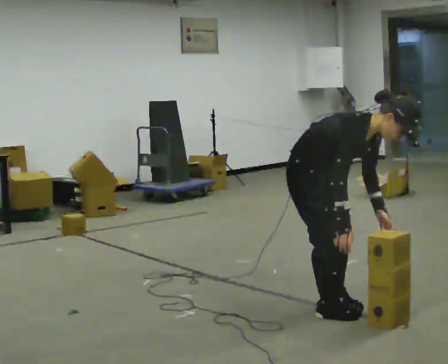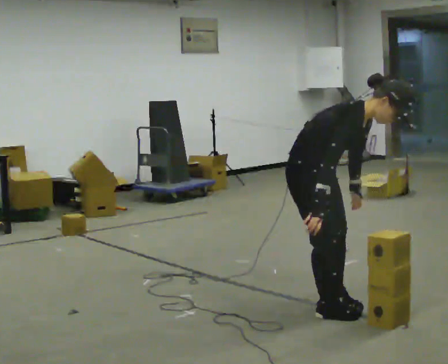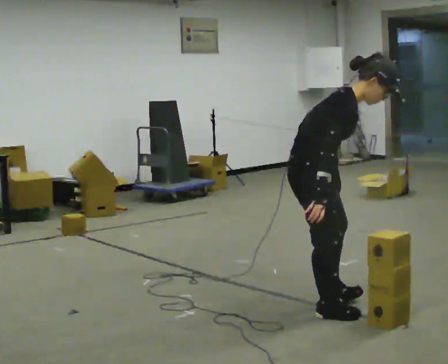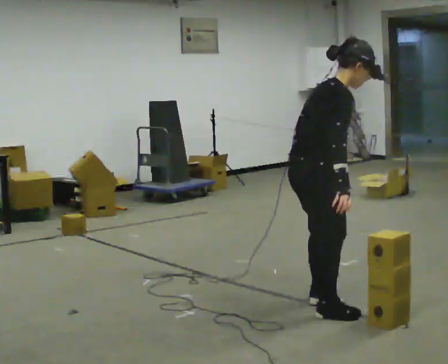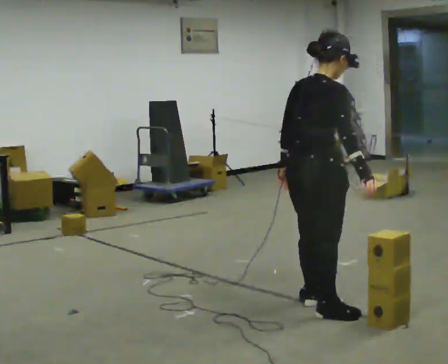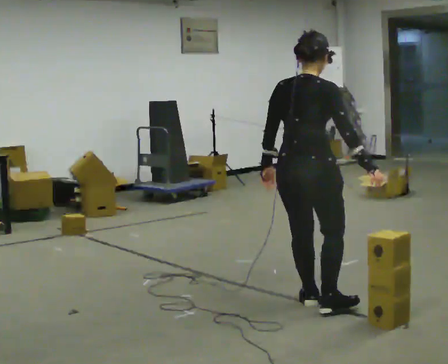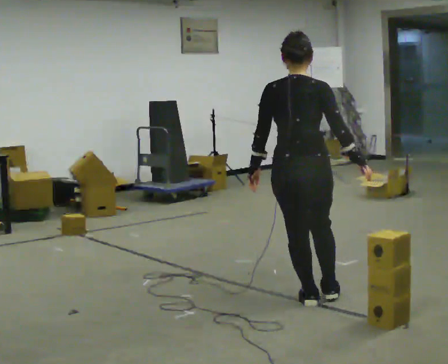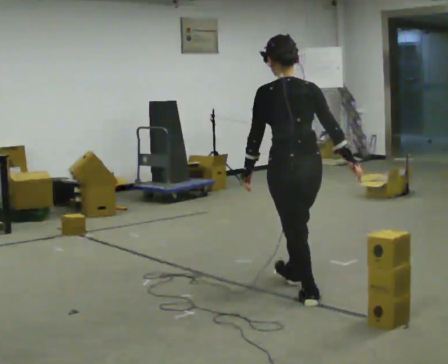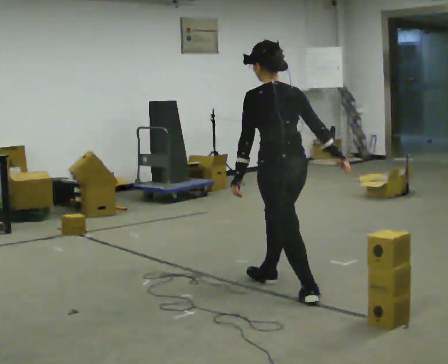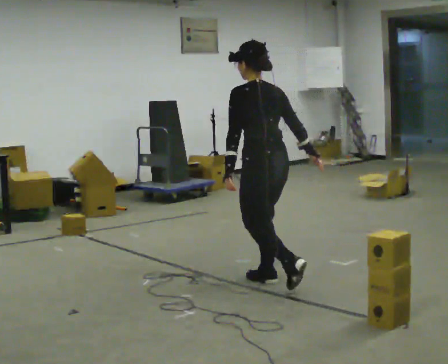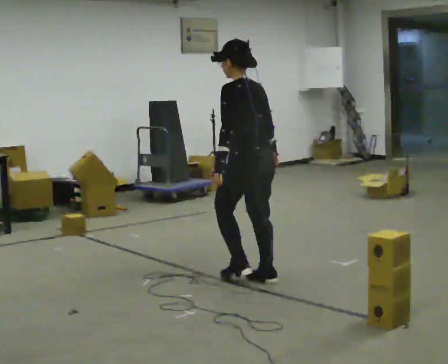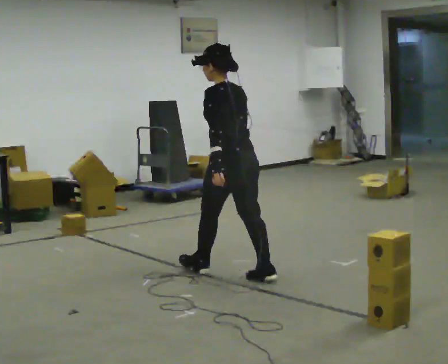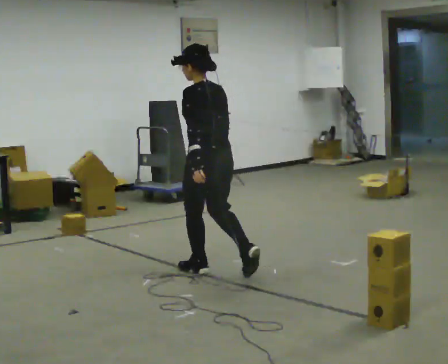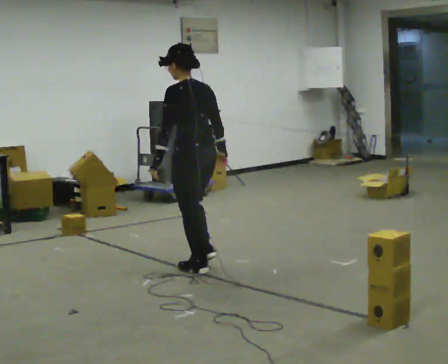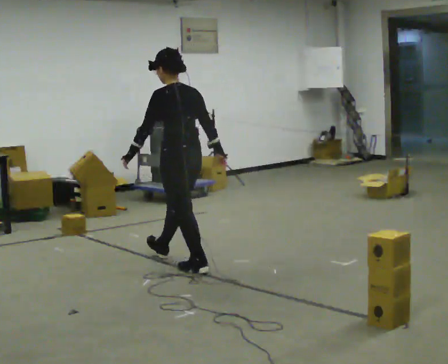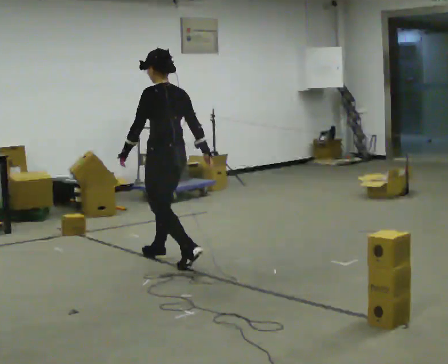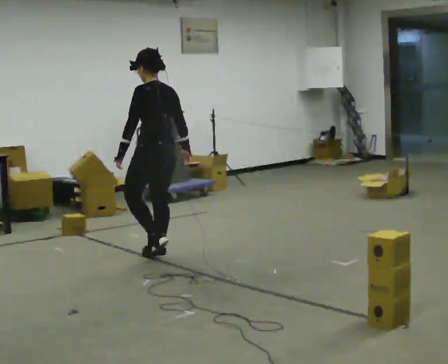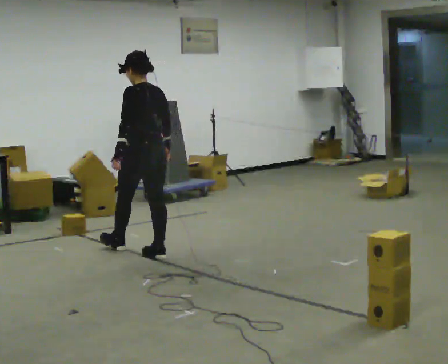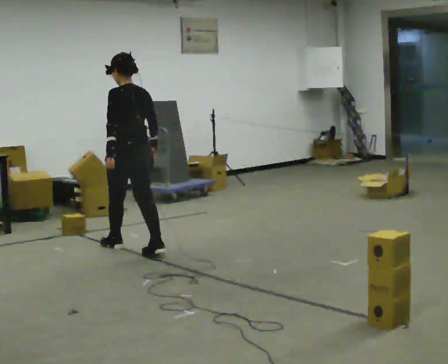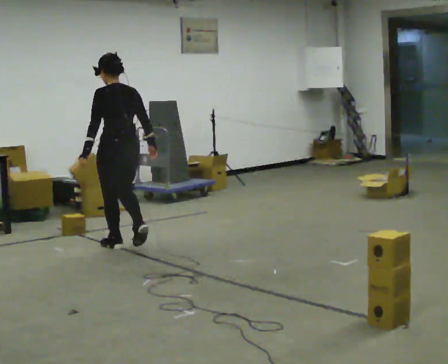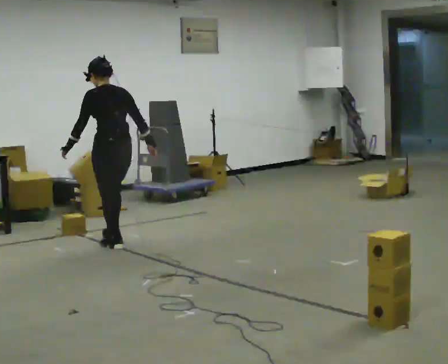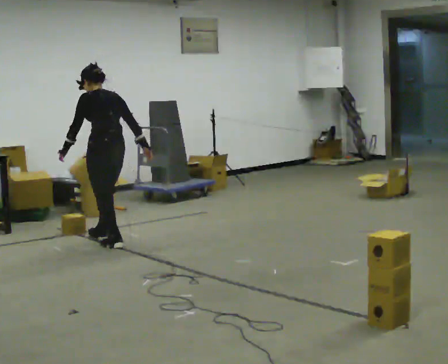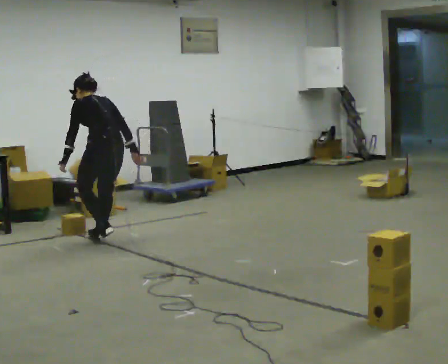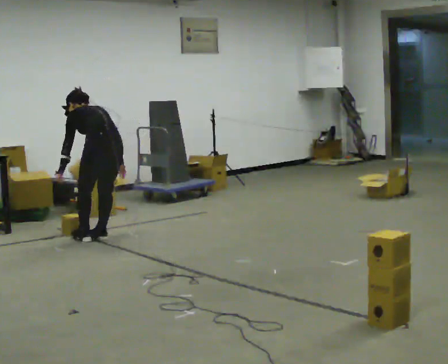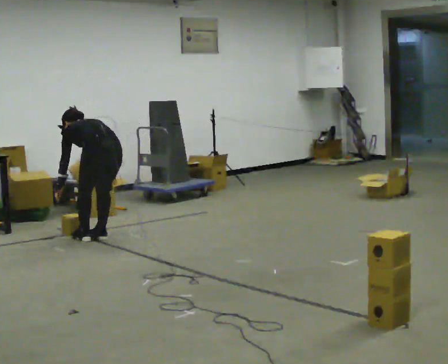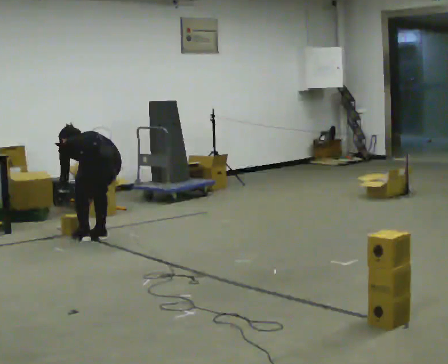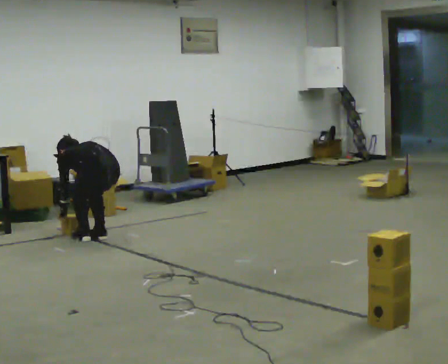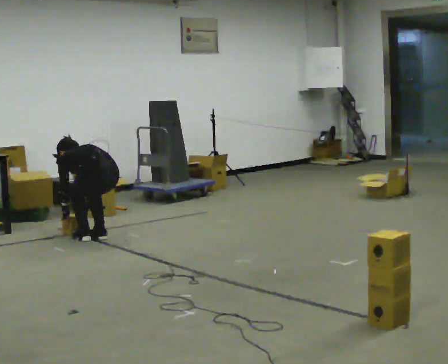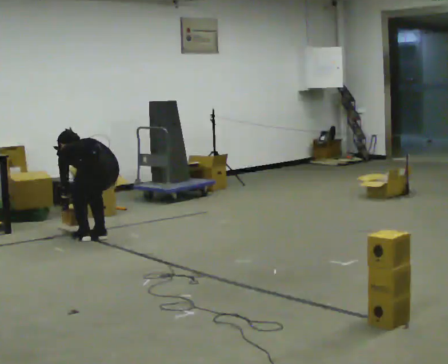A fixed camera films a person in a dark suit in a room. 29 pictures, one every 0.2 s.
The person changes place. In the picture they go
away from the camera.
0.0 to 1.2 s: The part of the body nearest the lens slides to the right as the person turns to their left by about 120 degrees. In the picture they go away from the camera, about 0.25 m. The upper body goes upward. In the picture the upper body tilts counterclockwise, shoulders to the left, as they lean back or straighten.
1.2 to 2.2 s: The person turns about 45 degrees to their left, counterclockwise seen from above, so the part of the body nearest the lens slides to the right. In the picture they go away from the camera and to the left, about 0.5 m in 2 steps, which for them is forward.
2.2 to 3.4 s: In the picture they go away from the camera and to the left, about 1 m in 1 step, which for them is forward.
3.4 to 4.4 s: In the picture they go away from the camera and to the left, about 0.5 m in 2 steps, which for them is forward. The upper body tips away from the camera, its near side rolling upward, as they bend forward.
4.4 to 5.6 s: The upper body goes downward. The upper body tips away from the camera, its near side rolling upward, as they bend forward. In the picture their right hand goes downward and to the left.
The film runs forward here.
